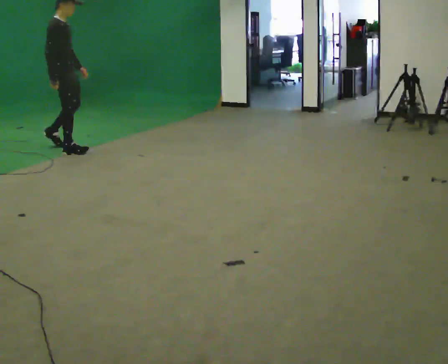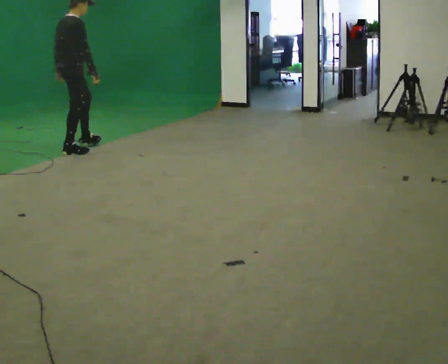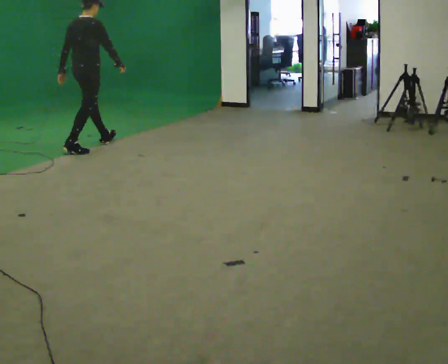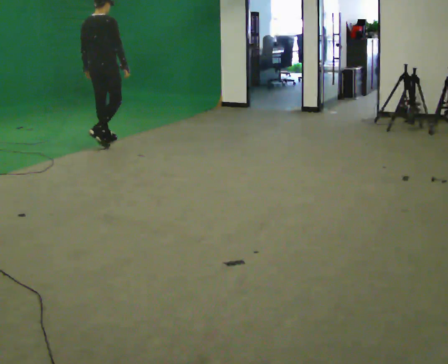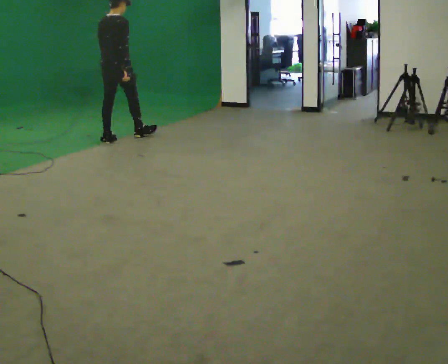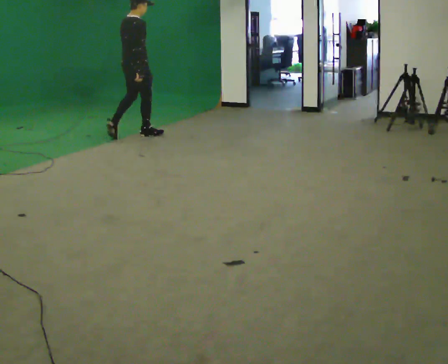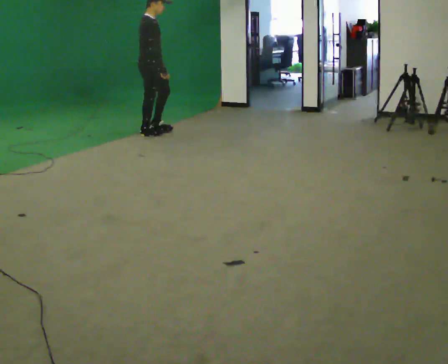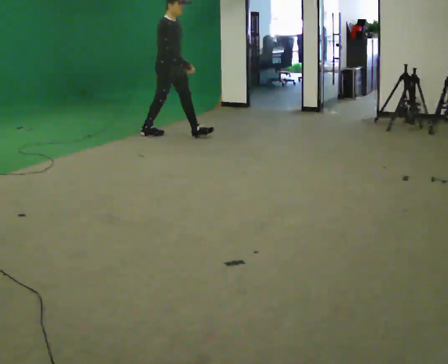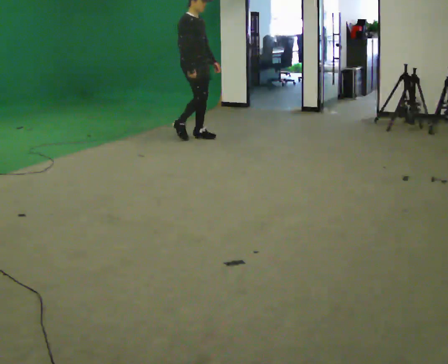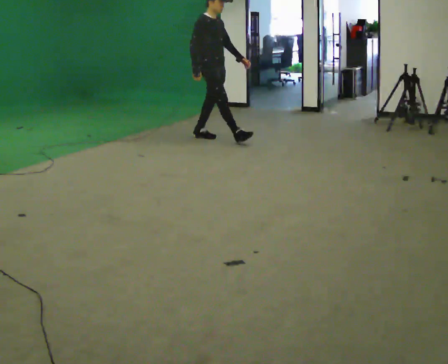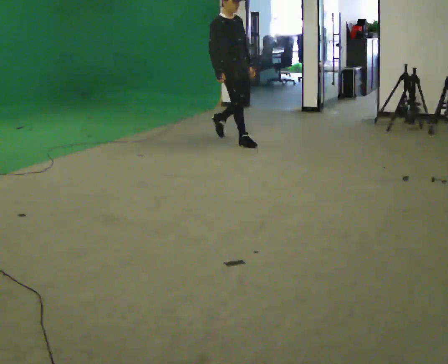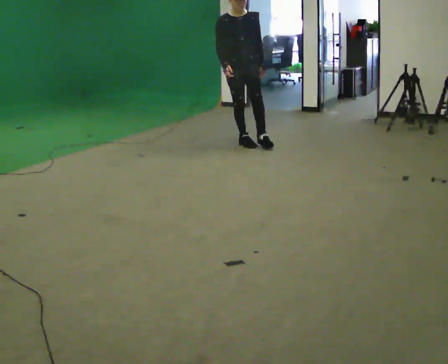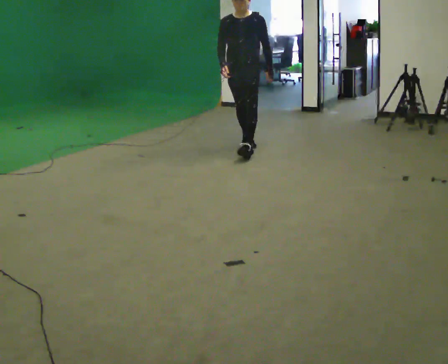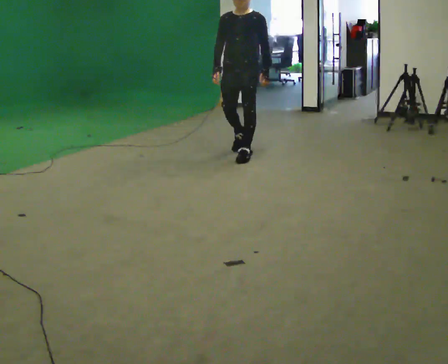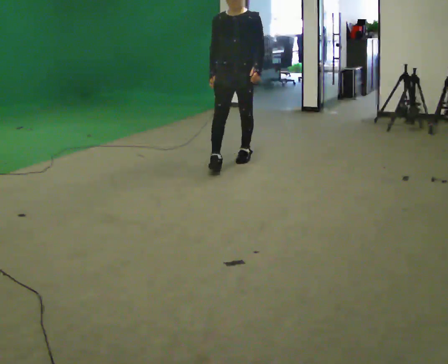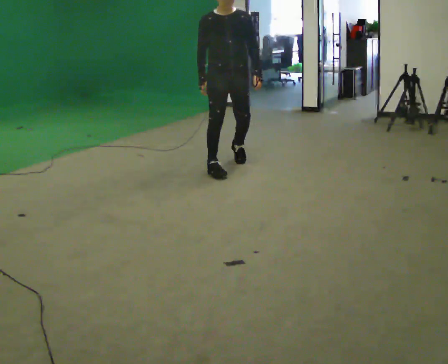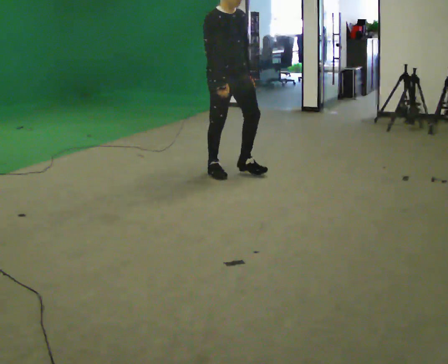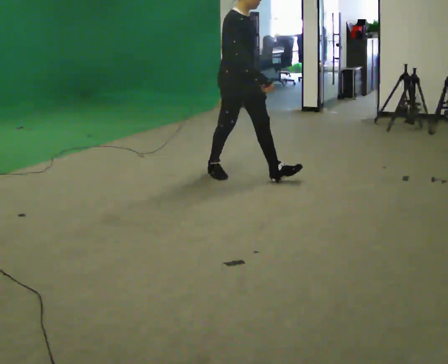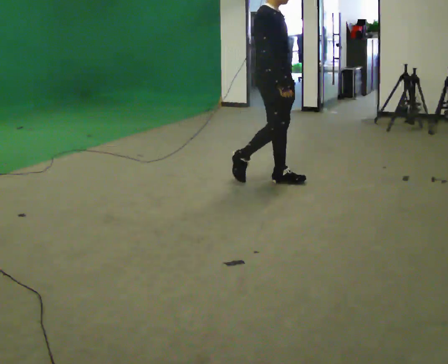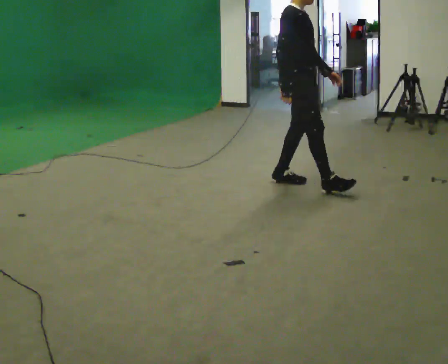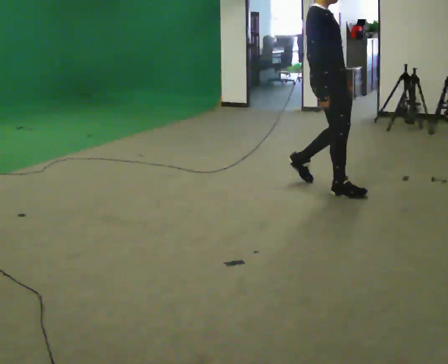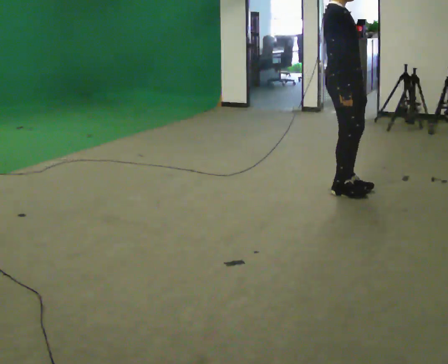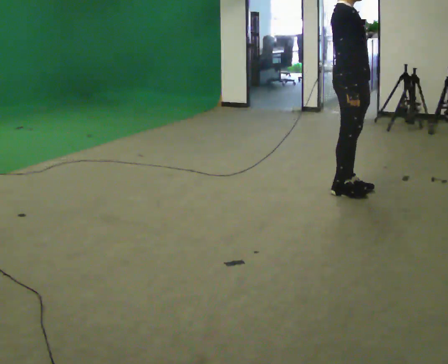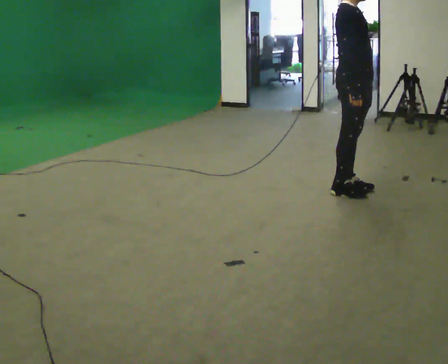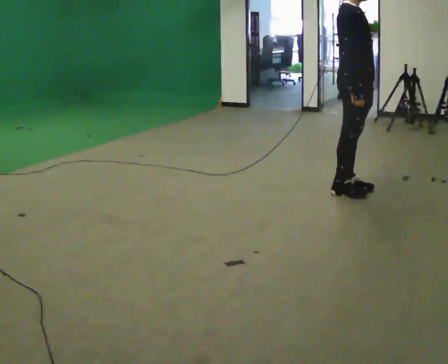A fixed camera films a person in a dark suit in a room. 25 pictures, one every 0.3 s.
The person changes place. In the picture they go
to the right.
0.0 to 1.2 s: The person turns about 60 degrees to their left, counterclockwise seen from above, so the part of the body nearest the lens slides to the right. In the picture they go to the right and away from the camera, about 0.75 m in 1 step.
1.2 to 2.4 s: The person turns about 90 degrees to their right, clockwise seen from above, so the part of the body nearest the lens slides to the left. In the picture they go to the right, about 1 m in 2 steps.
2.4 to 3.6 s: The part of the body nearest the lens slides to the left as the person turns to their right by about 90 degrees. In the picture they go to the right and toward the camera, about 1 m in 1 step.
3.6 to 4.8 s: The person turns about 60 degrees to their left, counterclockwise seen from above, so the part of the body nearest the lens slides to the right. In the picture they go toward the camera, about 1 m in 2 steps.
4.8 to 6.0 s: Seen from above the body turns counterclockwise, about 30 degrees: to their left, with its near side sliding to the right. In the picture they go to the right and toward the camera, about 1 m in 2 steps, which for them is forward.
6.0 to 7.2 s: In the picture they go to the right, about 0.25 m in 1 step, which for them is forward.
The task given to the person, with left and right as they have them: Walk through 3–5 turns in sequence; keep moving; stop at end.
The film runs forward here.
